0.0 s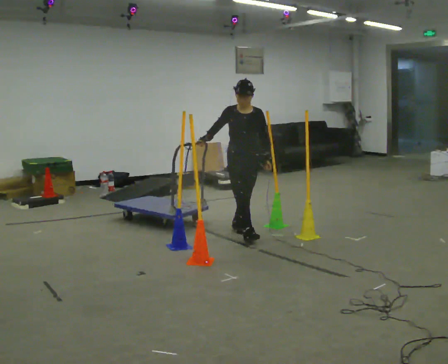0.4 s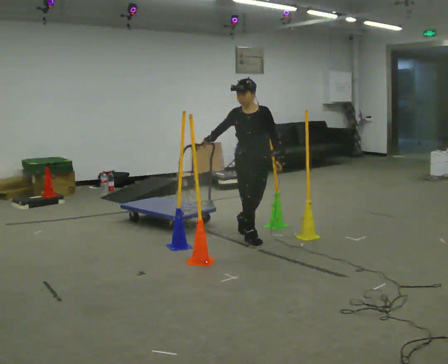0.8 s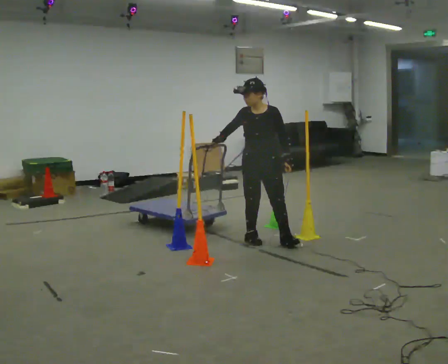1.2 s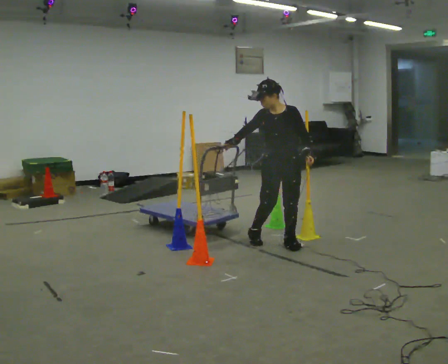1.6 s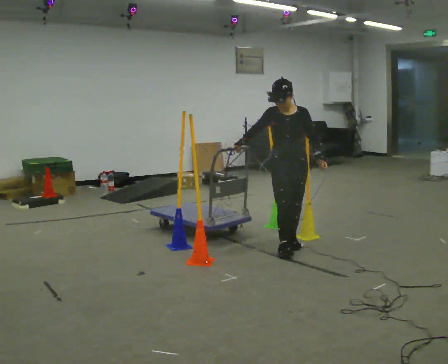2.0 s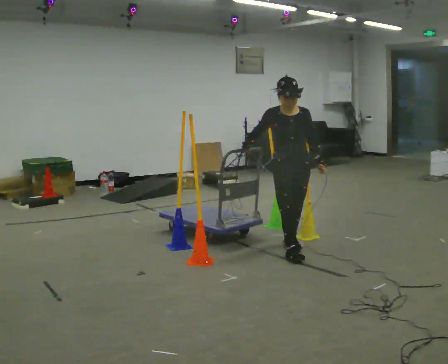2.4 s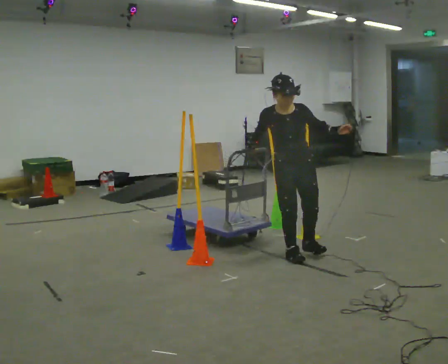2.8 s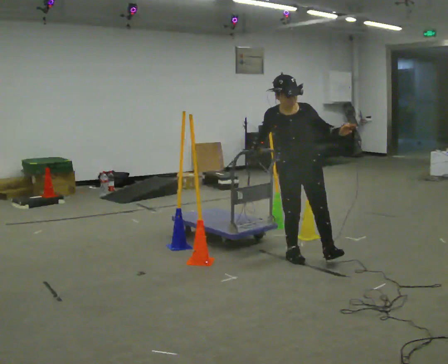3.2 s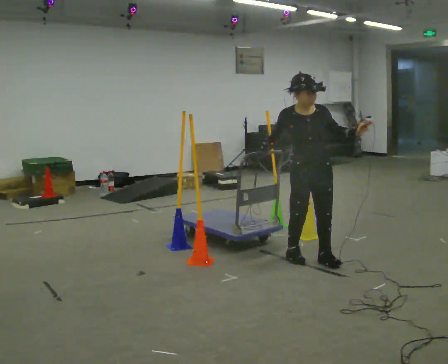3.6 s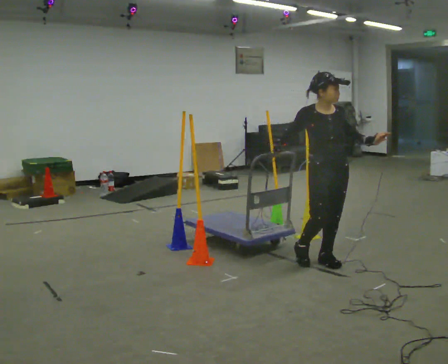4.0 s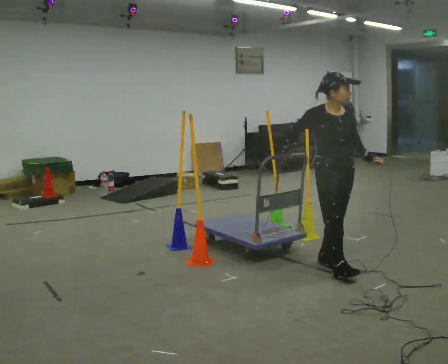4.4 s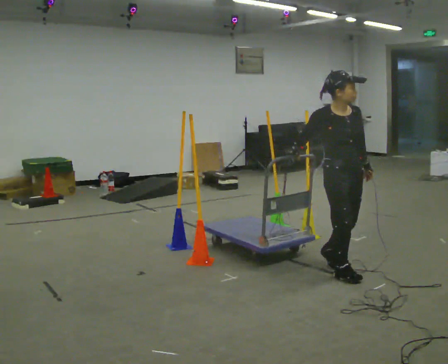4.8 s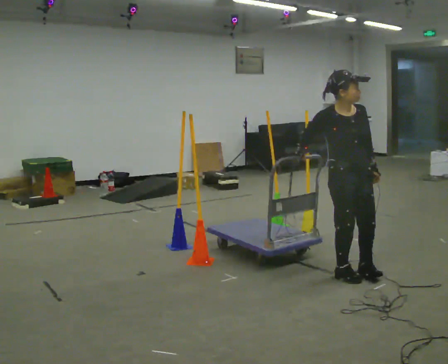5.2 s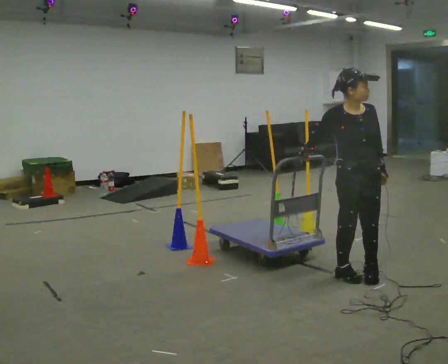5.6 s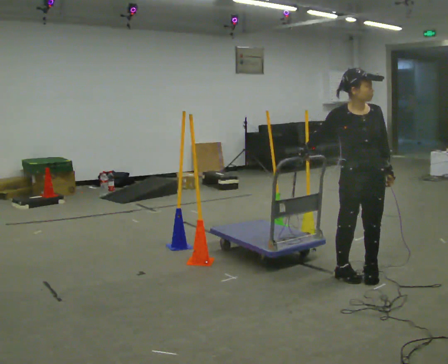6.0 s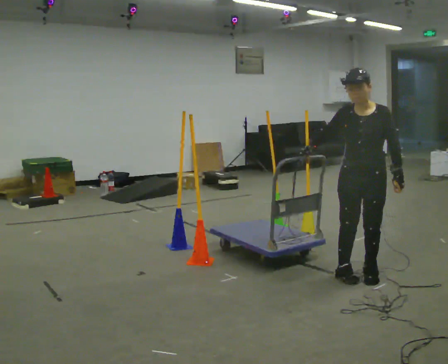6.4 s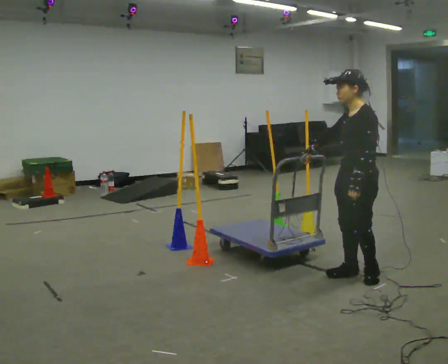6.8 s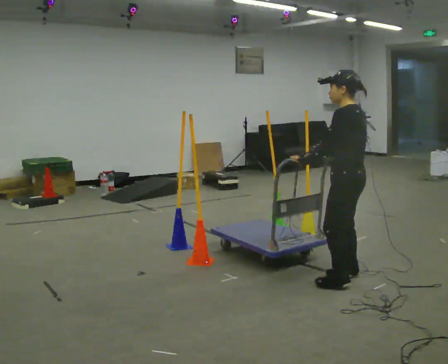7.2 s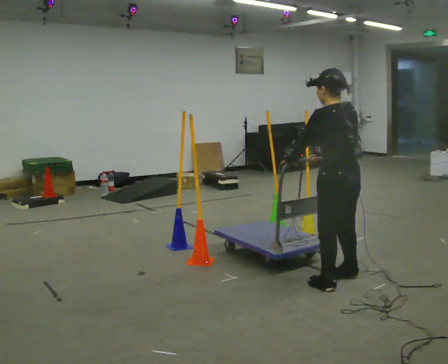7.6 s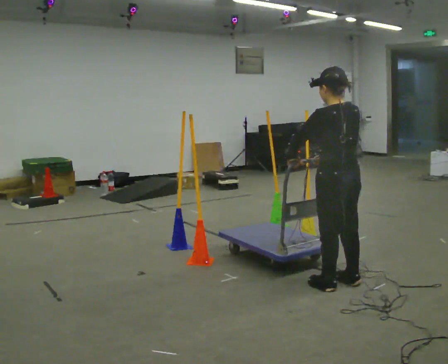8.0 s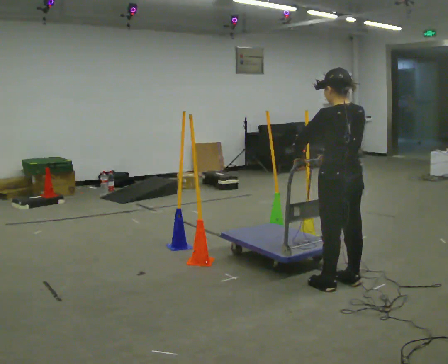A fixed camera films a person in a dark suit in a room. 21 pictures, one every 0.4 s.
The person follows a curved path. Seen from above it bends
clockwise.
0.0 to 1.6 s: In the picture they go to the right and toward the camera, about 0.5 m in 1 step, which for them is to their left and forward.
1.6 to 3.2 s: In the picture they go toward the camera and to the right, about 0.5 m in 2 steps, which for them is forward.
3.2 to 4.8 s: In the picture they go toward the camera and to the right, about 0.5 m in 1 step, which for them is forward.
4.8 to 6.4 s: Seen from above the body turns clockwise, about 105 degrees: to their right, with its near side sliding to the left.
6.4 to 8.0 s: Seen from above the body turns clockwise, about 75 degrees: to their right, with its near side sliding to the left. In the picture they go toward the camera, about 0.25 m in 2 steps. In the picture their left hand goes to the left, the arm swinging clockwise.
The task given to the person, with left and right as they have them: Push the cart in and out of the line of poles without touching any of them. Keep going until the operator says stop.
The film runs forward here.
